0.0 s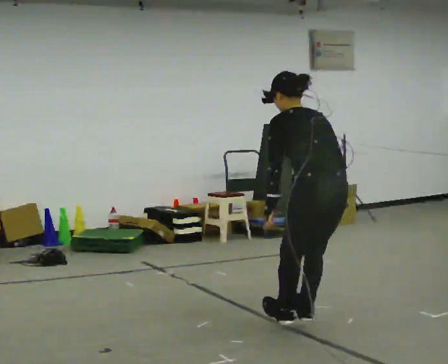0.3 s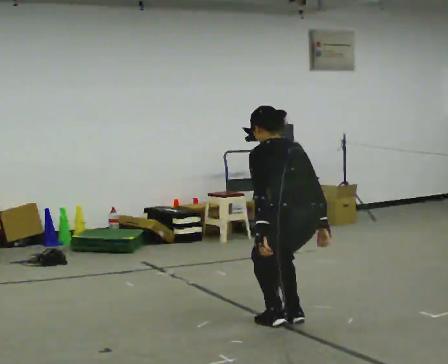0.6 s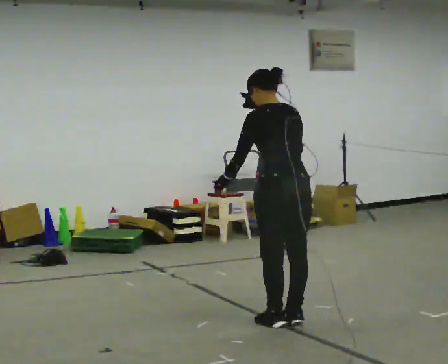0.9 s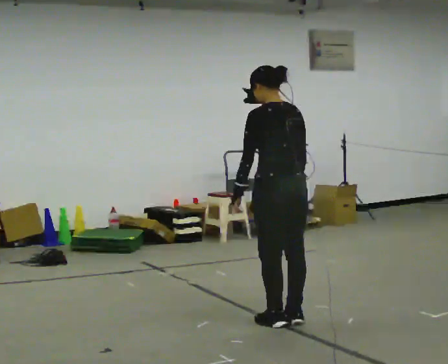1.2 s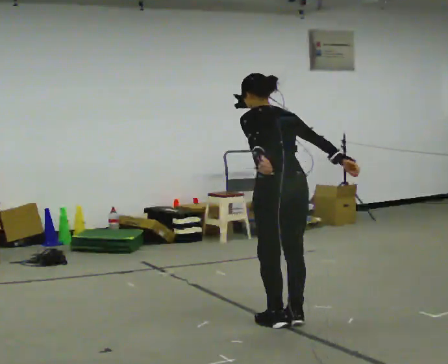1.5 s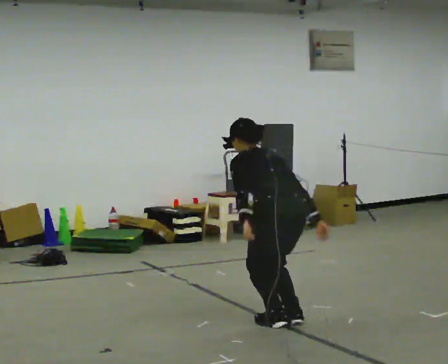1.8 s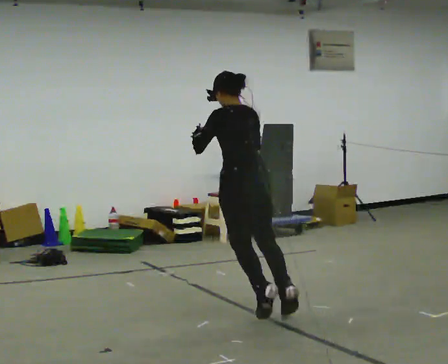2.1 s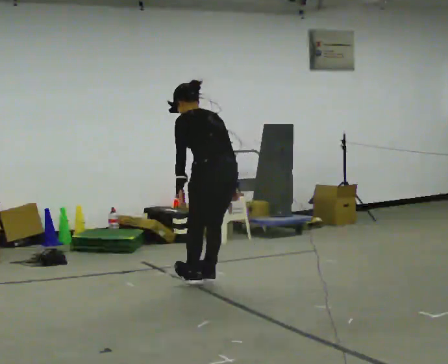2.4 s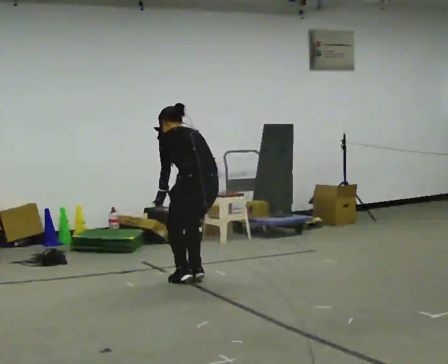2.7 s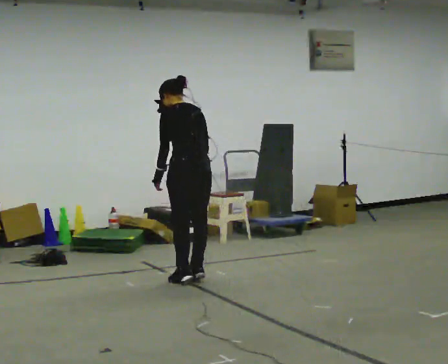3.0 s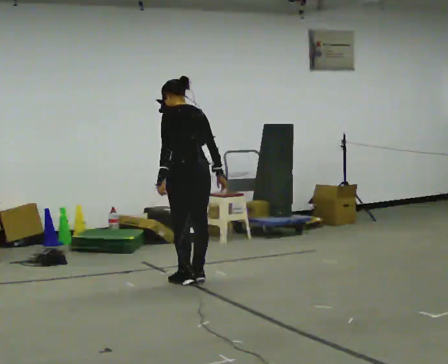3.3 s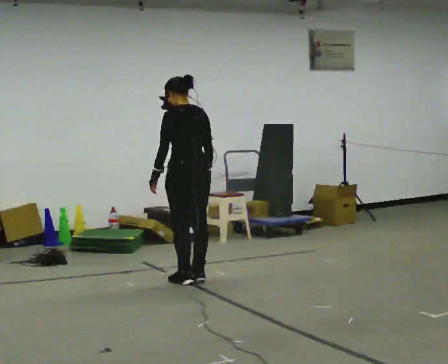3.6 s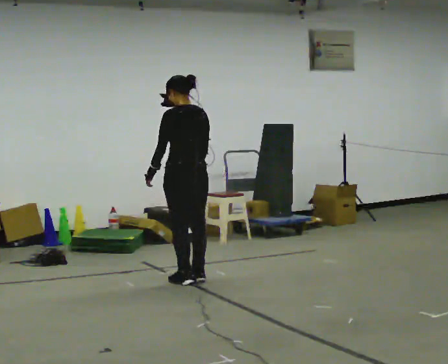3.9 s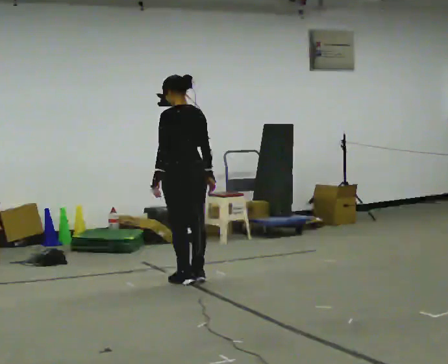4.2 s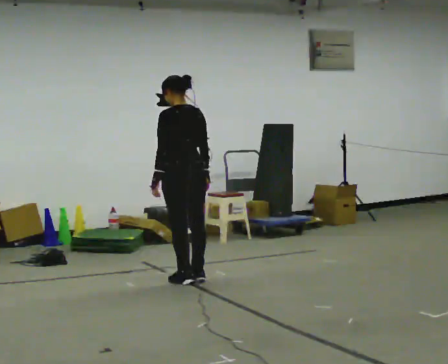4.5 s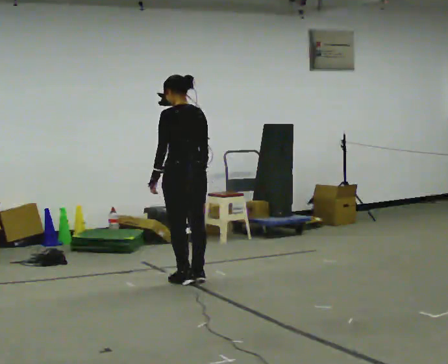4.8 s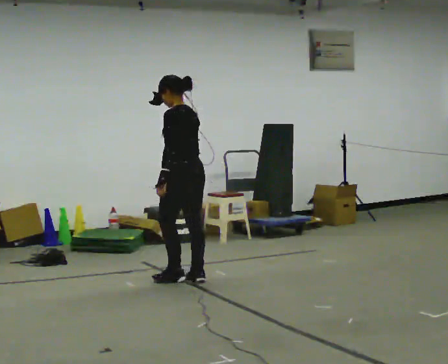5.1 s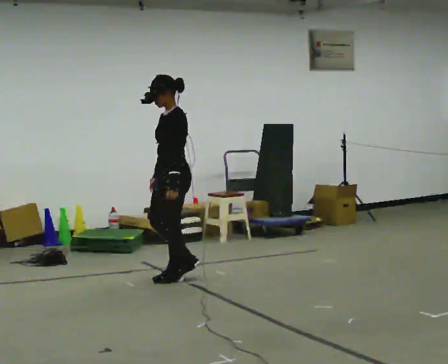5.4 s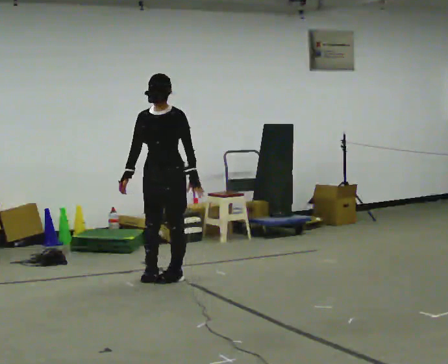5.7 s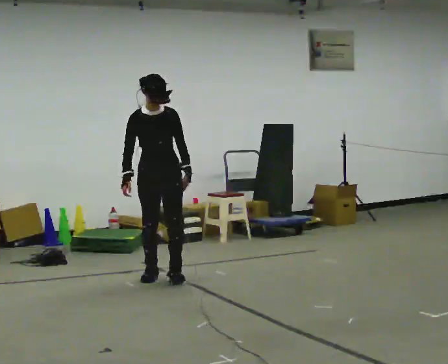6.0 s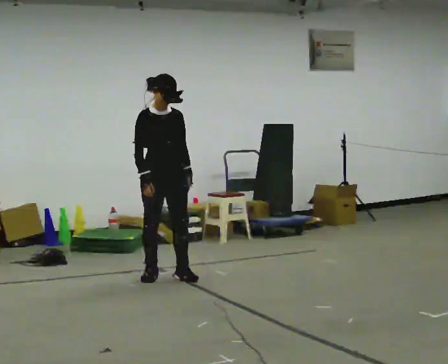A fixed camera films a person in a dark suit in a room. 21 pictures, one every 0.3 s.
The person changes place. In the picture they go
away from the camera.
The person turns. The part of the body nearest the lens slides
to the right.
0.0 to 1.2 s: In the picture they go away from the camera, about 0.5 m in 2 steps, which for them is forward.
1.2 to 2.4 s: In the picture they go away from the camera and to the left, about 1 m in 2 steps, which for them is forward. In the picture their right hand goes downward.
2.4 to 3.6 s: In the picture they go away from the camera, about 0.25 m, which for them is forward. The shoulders move upward. The upper body tips toward the camera, its near side rolling downward, as they lean back or straighten.
3.6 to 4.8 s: The part of the body nearest the lens slides to the right as the person turns to their left by about 30 degrees.
4.8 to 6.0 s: The part of the body nearest the lens slides to the right as the person turns to their left by about 150 degrees. In the picture they go to the left, about 0.25 m in 2 steps.
The film runs forward here.
